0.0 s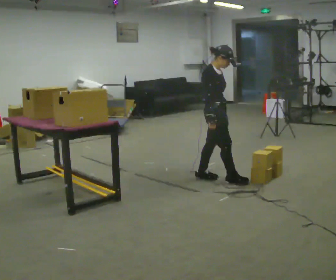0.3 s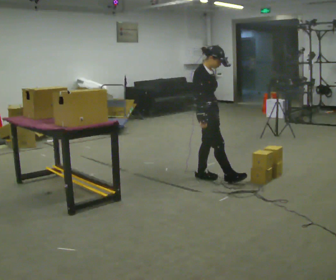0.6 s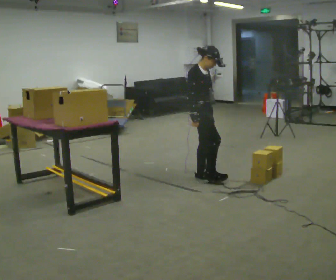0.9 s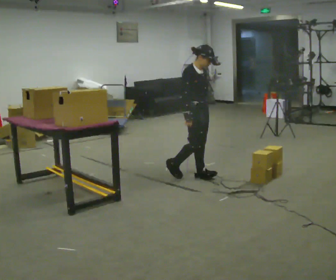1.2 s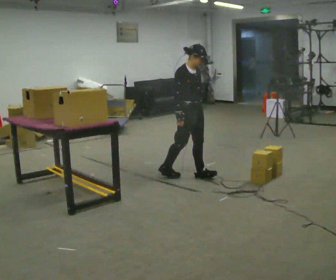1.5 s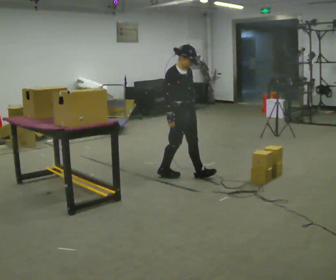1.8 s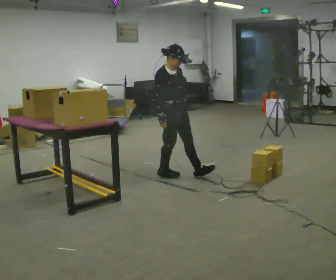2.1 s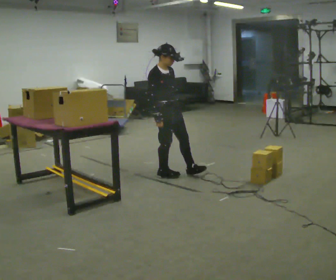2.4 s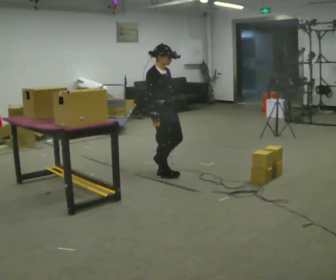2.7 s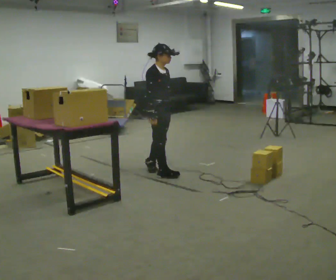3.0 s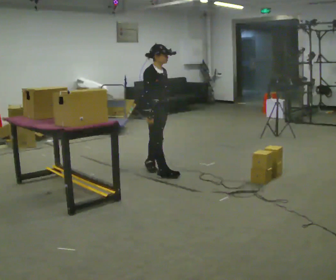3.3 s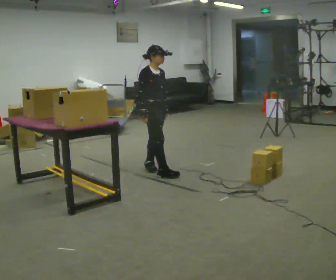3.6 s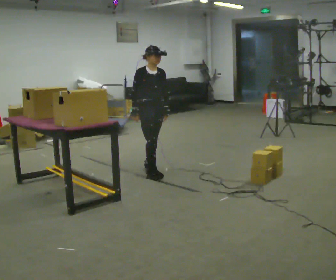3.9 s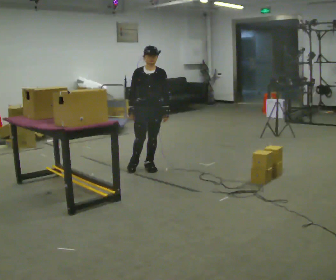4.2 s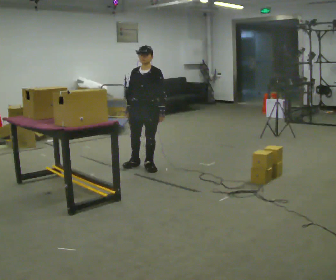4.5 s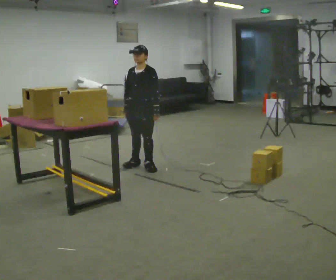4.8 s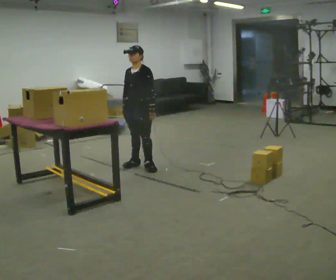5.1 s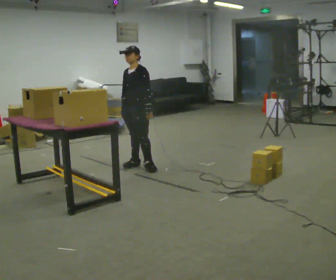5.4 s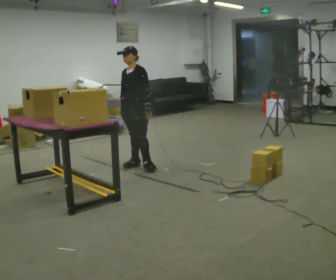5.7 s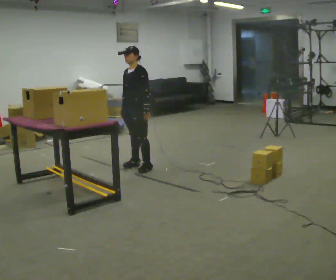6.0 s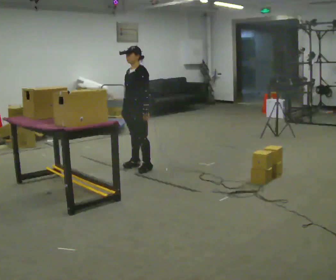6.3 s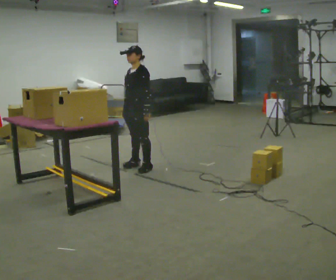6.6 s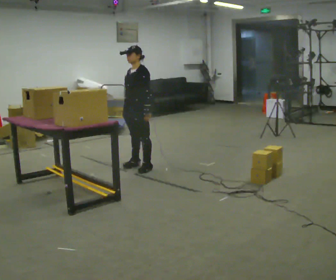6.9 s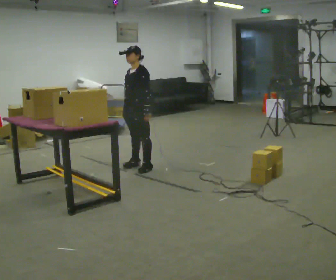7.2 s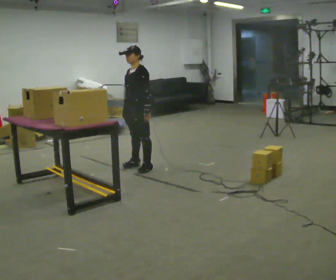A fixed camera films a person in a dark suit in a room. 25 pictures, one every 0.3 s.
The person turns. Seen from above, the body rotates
clockwise.
The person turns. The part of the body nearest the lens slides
to the left.
0.0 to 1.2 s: In the picture they go to the left and away from the camera, about 0.25 m in 1 step, which for them is backward.
1.2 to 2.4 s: In the picture they go to the left, about 0.25 m in 1 step, which for them is backward.
2.4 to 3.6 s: The person turns about 30 degrees to their right, clockwise seen from above, so the part of the body nearest the lens slides to the left. In the picture they go away from the camera, about 0.25 m in 1 step, which for them is backward and to their left.
3.6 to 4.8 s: Seen from above the body turns clockwise, about 60 degrees: to their right, with its near side sliding to the left. In the picture they go away from the camera, about 0.25 m.
4.8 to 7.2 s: The person moves a little, or ends about where they began.
The film runs backward here.
